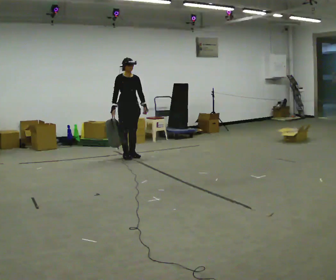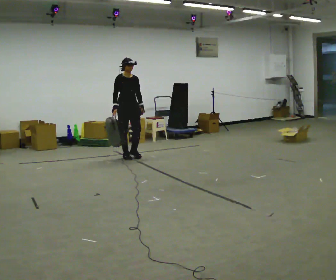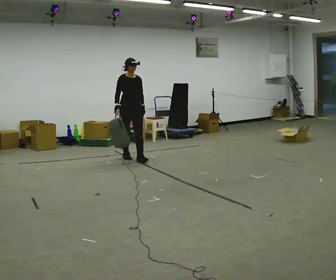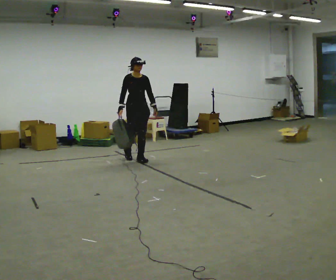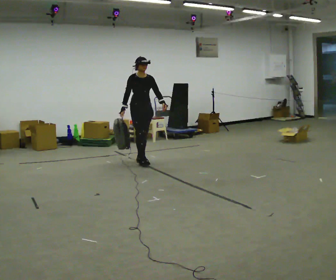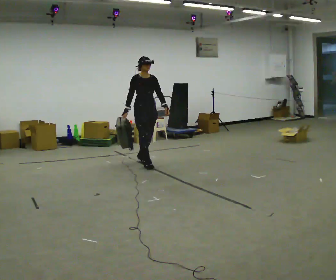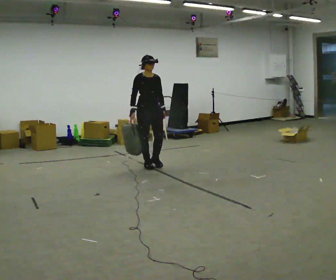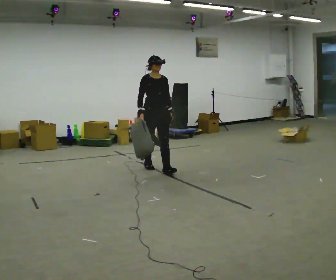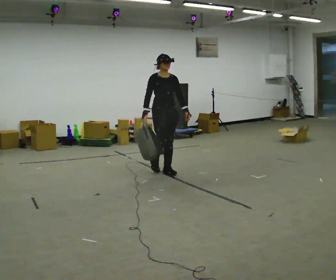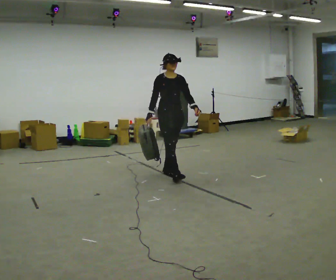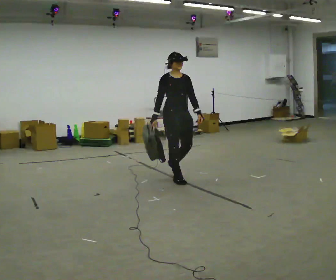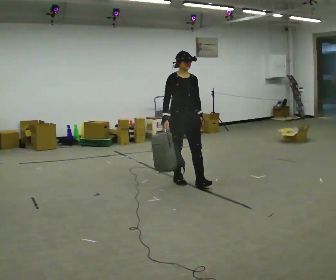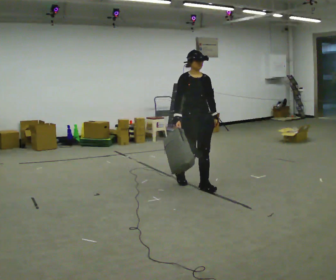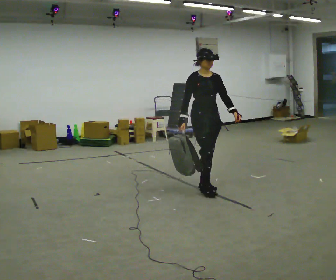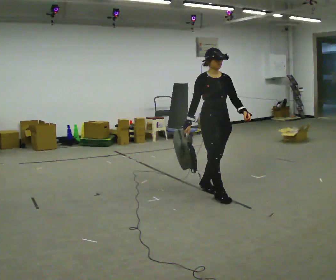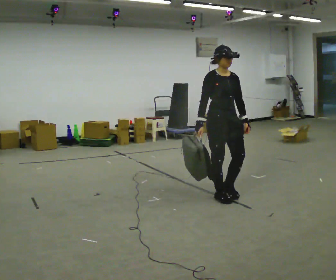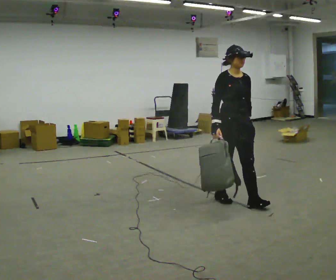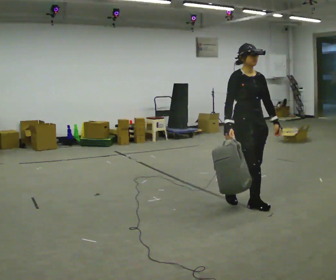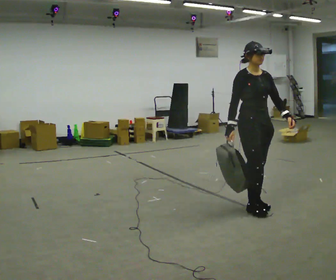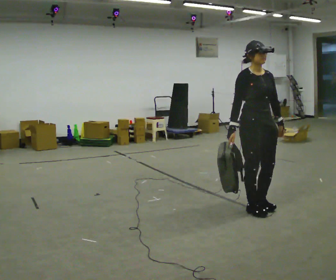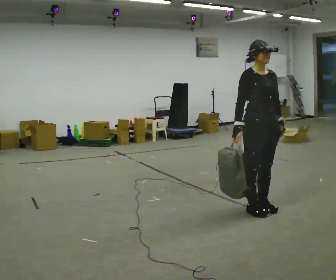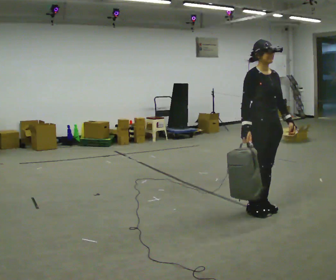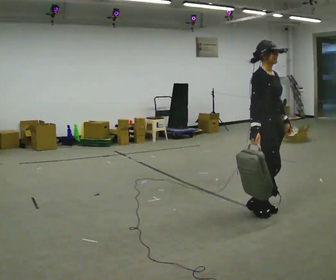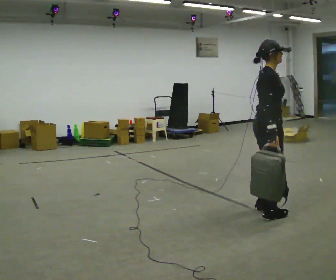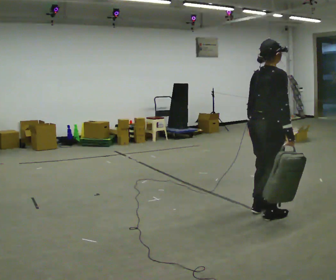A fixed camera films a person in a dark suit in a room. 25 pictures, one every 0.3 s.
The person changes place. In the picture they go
toward the camera.
0.0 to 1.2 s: In the picture they go toward the camera and to the right, about 0.25 m in 1 step, which for them is forward.
1.2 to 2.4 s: In the picture they go toward the camera and to the right, about 1 m in 2 steps, which for them is forward.
2.4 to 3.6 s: In the picture they go toward the camera and to the right, about 1 m in 2 steps, which for them is forward.
3.6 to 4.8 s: In the picture they go toward the camera and to the right, about 0.5 m in 2 steps, which for them is forward.
4.8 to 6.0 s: In the picture they go toward the camera and to the right, about 0.25 m in 1 step, which for them is forward.
6.0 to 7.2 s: The part of the body nearest the lens slides to the right as the person turns to their left by about 90 degrees. In the picture they go toward the camera, about 0.25 m in 1 step. In the picture their left hand goes to the left.
The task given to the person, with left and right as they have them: Carry the soft bag across the room, back and forth. It will change shape as you move, so hold it however works.
The film runs forward here.
